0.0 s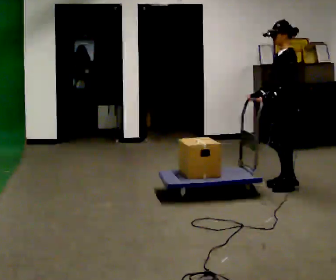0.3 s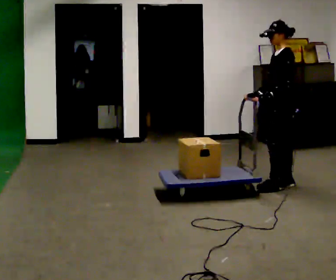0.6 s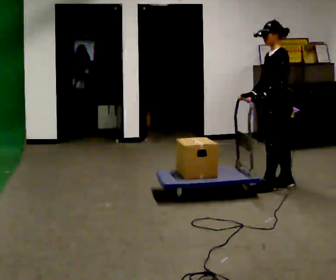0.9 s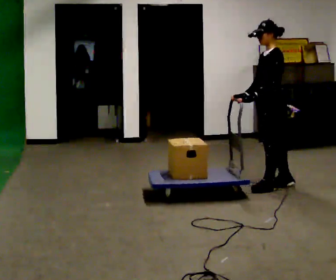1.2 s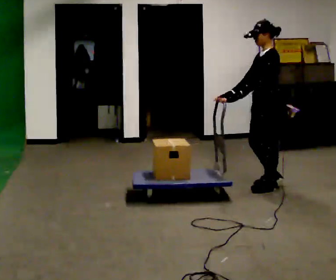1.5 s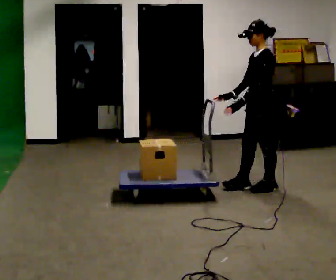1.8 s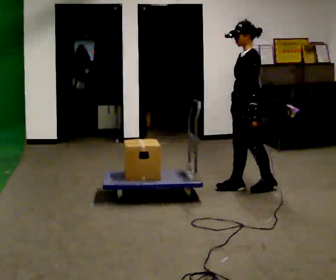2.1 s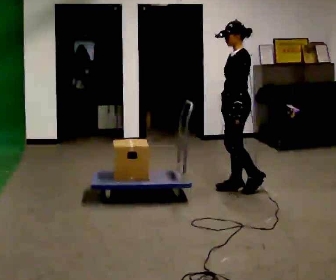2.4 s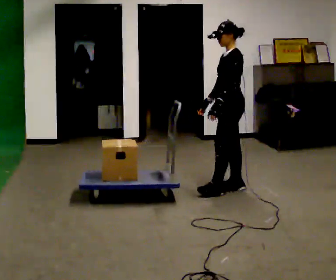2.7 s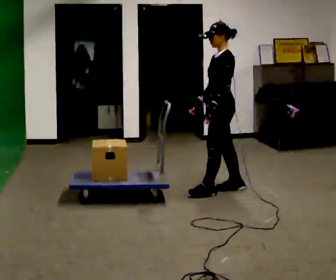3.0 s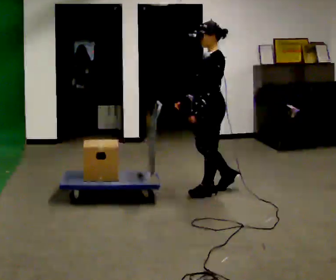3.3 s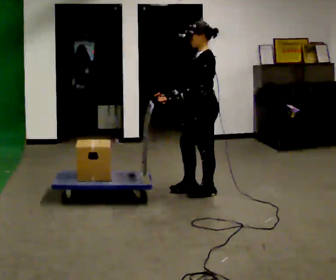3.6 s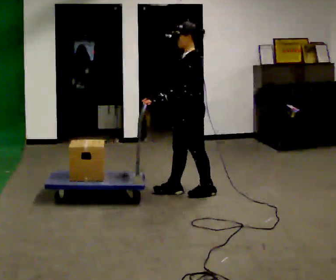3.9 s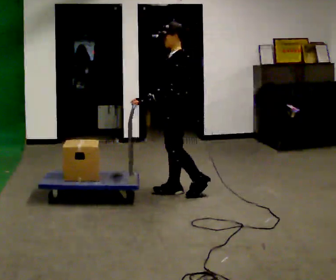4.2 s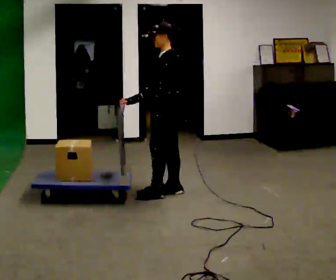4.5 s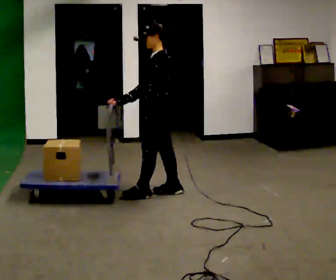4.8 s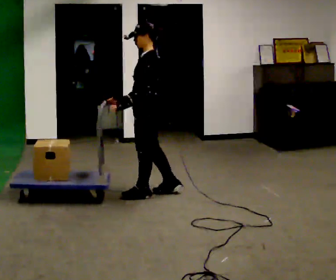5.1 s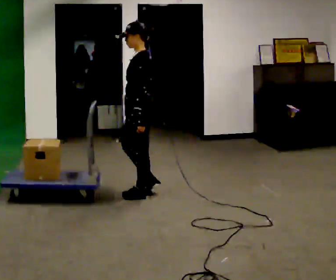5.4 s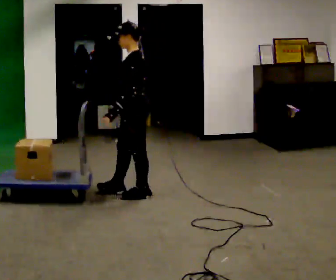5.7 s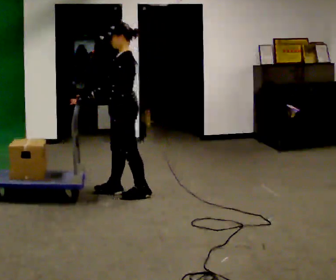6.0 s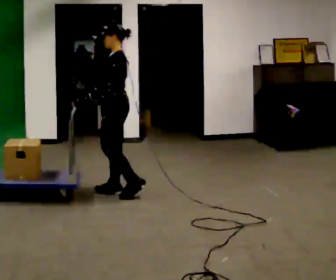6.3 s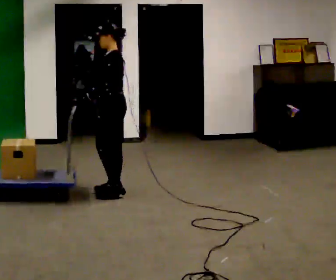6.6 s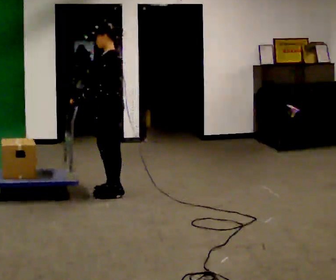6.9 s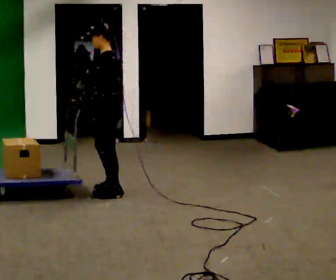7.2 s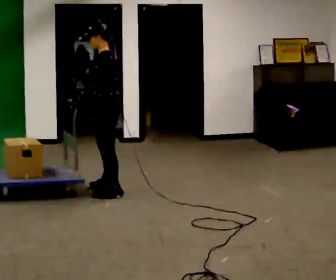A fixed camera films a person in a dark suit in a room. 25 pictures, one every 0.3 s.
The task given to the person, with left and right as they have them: Stand still with your hands on the cart. When the operator says go, get it moving, push it a few metres, then bring it to a stop. Repeat until the operator says stop.
0.0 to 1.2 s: In the picture they go to the left, about 0.25 m in 1 step, which for them is forward. In the picture their left hand goes to the left.
1.2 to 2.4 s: In the picture they go to the left, about 0.25 m in 1 step, which for them is forward.
2.4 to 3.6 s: In the picture they go to the left, about 0.5 m in 2 steps, which for them is forward.
3.6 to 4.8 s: In the picture they go to the left, about 0.5 m in 1 step, which for them is forward.
4.8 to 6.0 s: In the picture they go to the left, about 0.25 m in 1 step, which for them is forward.
6.0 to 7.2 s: The person moves a little, or ends about where they began.
The film runs forward here.
